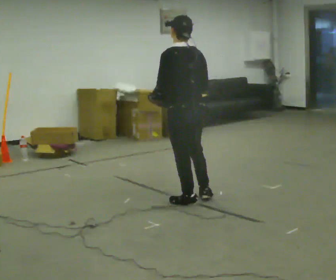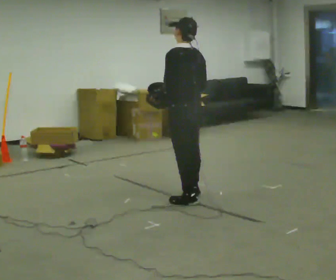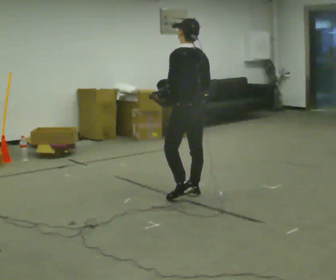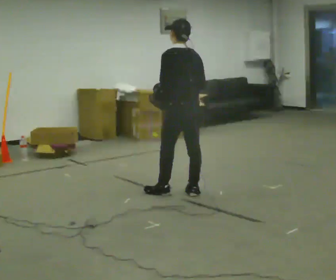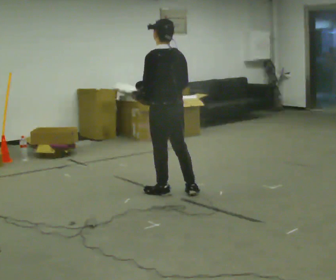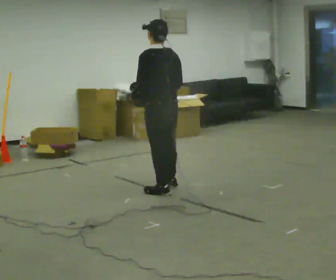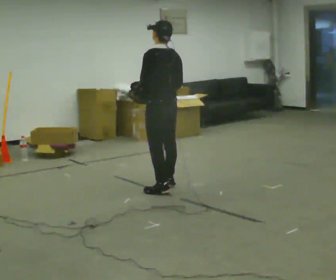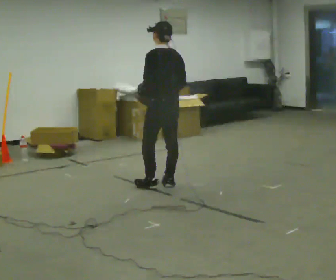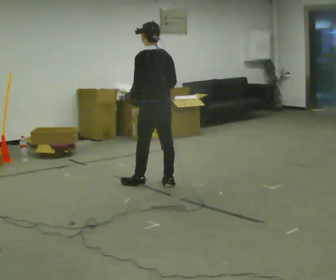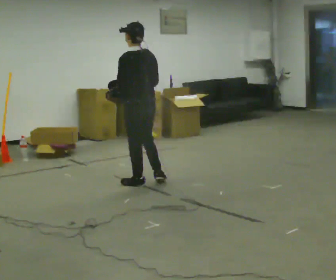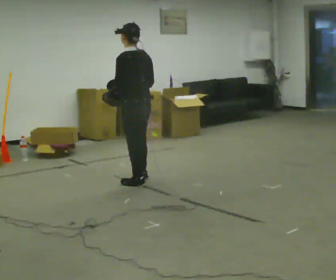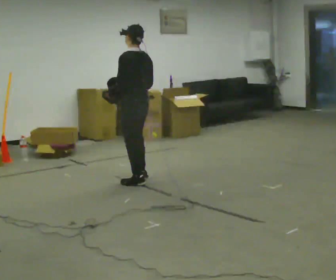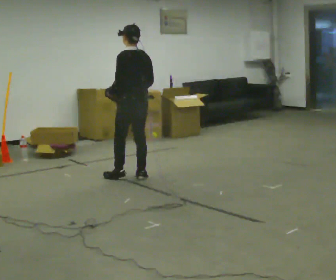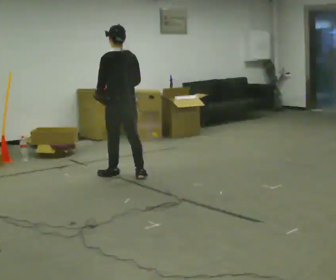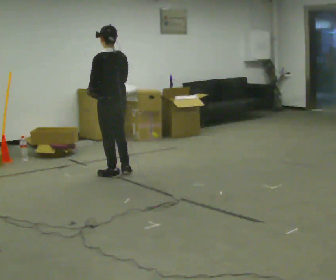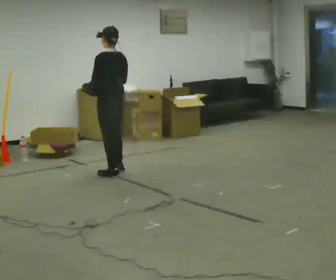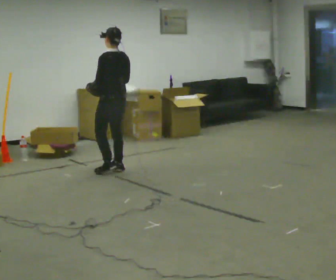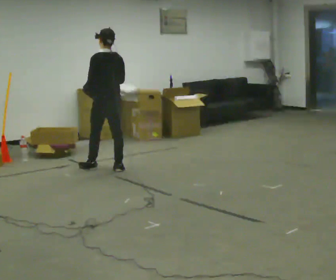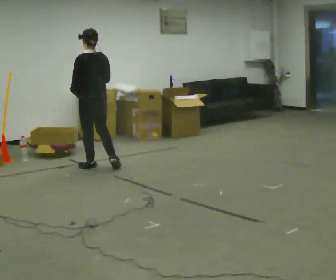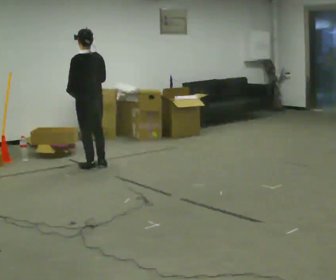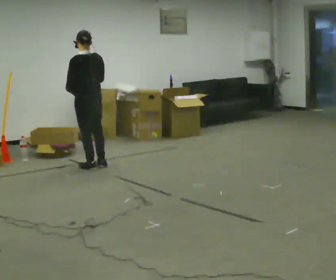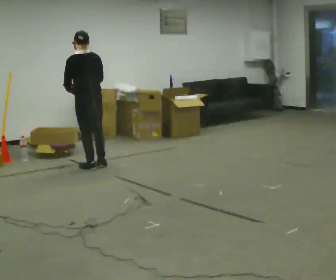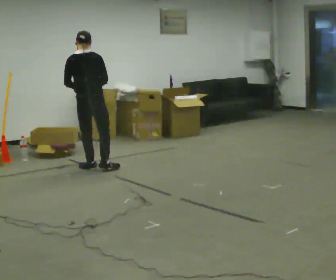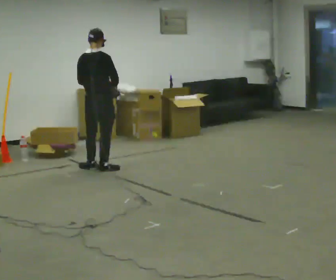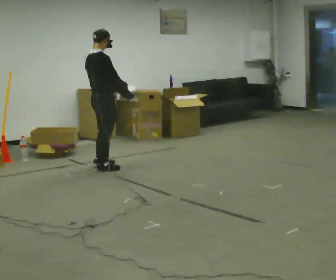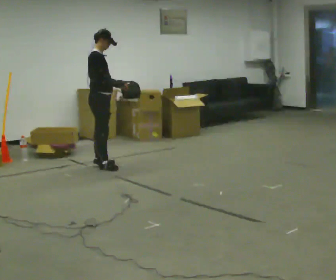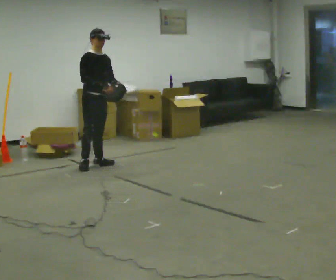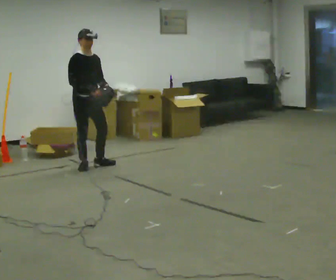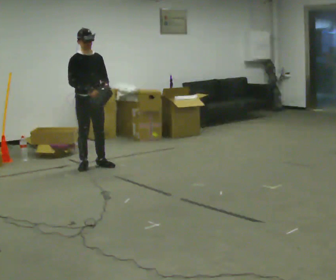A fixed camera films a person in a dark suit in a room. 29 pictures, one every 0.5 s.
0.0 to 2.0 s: In the picture they go away from the camera, about 0.25 m in 2 steps, which for them is forward.
2.0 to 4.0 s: In the picture they go away from the camera, about 0.25 m in 2 steps, which for them is forward and to their right.
4.0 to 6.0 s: In the picture they go away from the camera and to the left, about 0.5 m in 1 step, which for them is forward.
6.0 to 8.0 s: In the picture they go away from the camera and to the left, about 0.5 m in 2 steps, which for them is forward.
8.0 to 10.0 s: In the picture they go to the left and away from the camera, about 0.25 m in 2 steps, which for them is forward and to their left.
10.0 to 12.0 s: The part of the body nearest the lens slides to the left as the person turns to their right by about 90 degrees. In the picture they go to the right, about 0.25 m in 2 steps. In the picture their right hand goes to the right.
12.0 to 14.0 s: The person turns about 90 degrees to their right, clockwise seen from above, so the part of the body nearest the lens slides to the left. In the picture they go to the left, about 0.25 m in 1 step.
The film runs forward here.
